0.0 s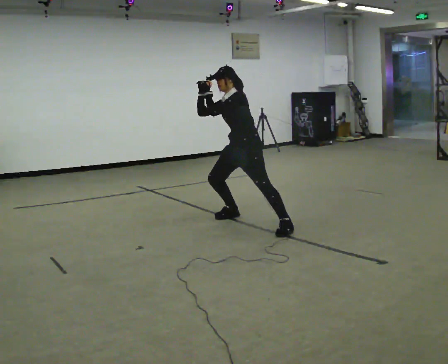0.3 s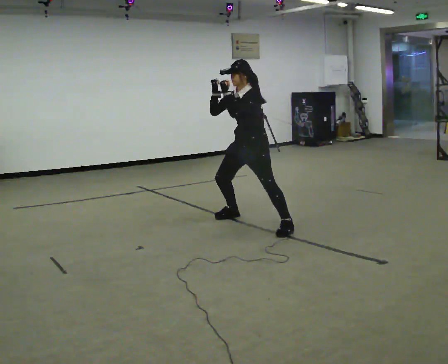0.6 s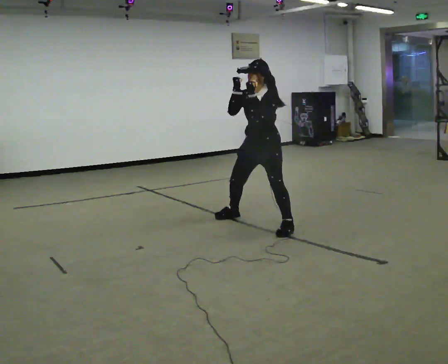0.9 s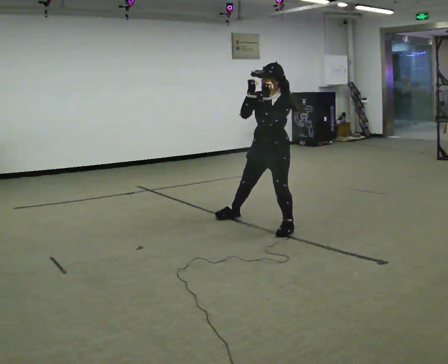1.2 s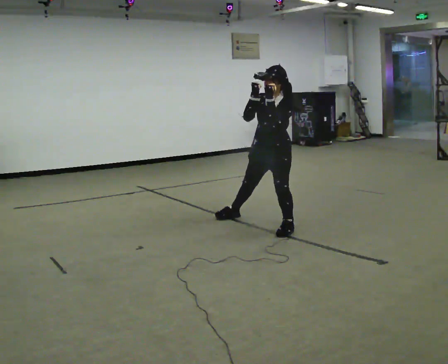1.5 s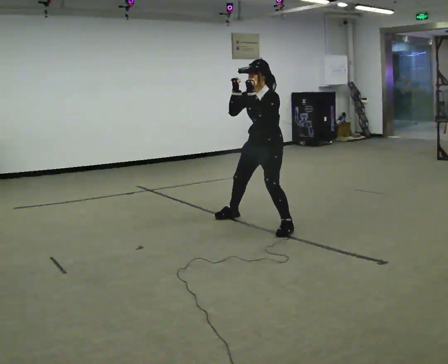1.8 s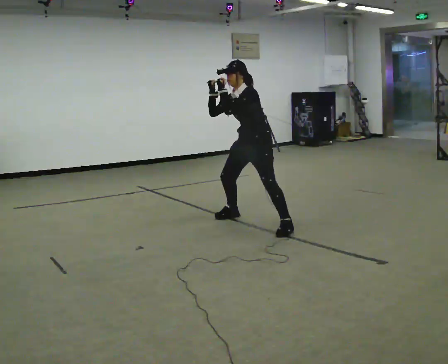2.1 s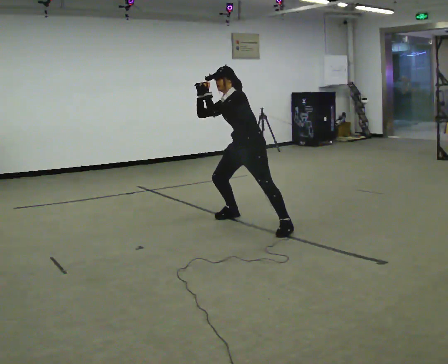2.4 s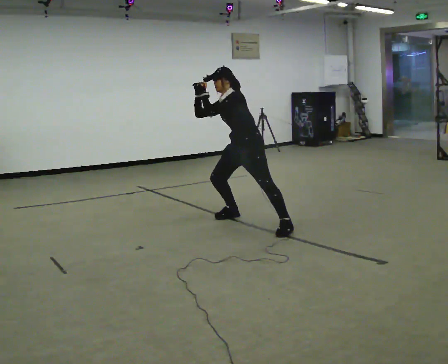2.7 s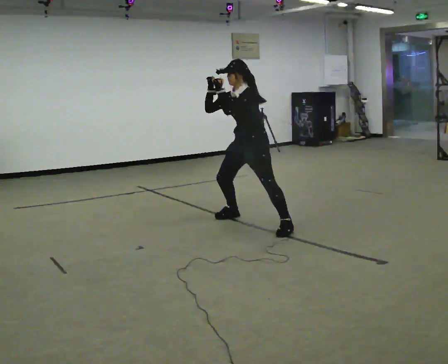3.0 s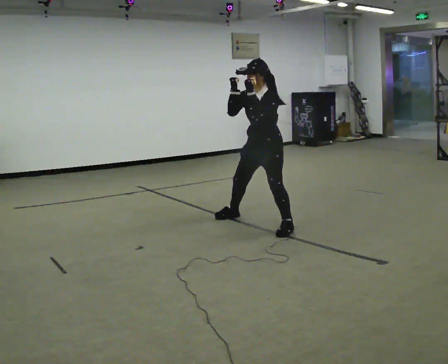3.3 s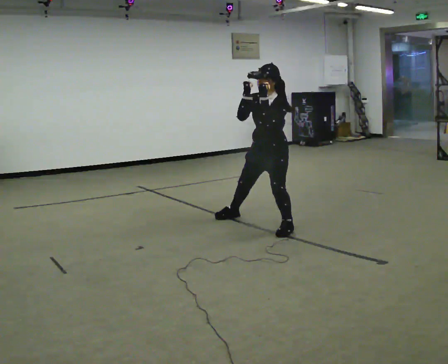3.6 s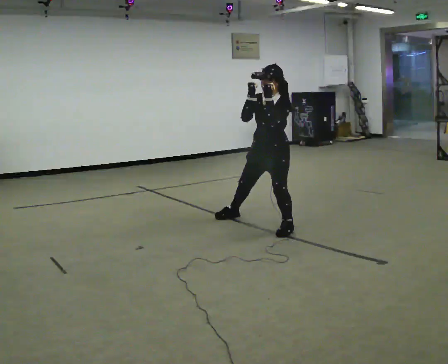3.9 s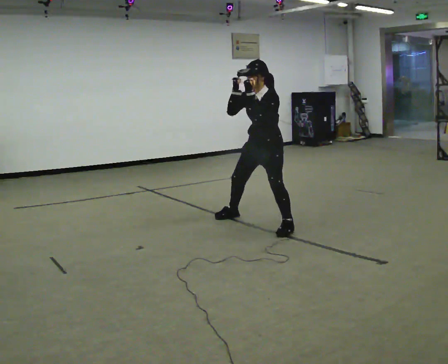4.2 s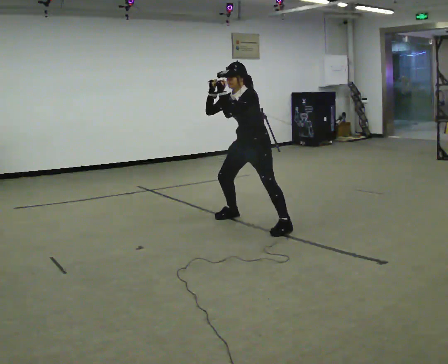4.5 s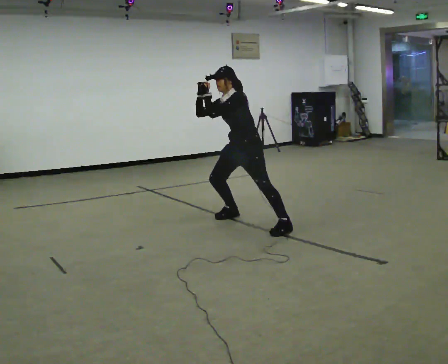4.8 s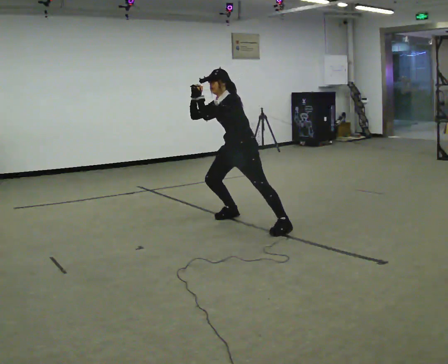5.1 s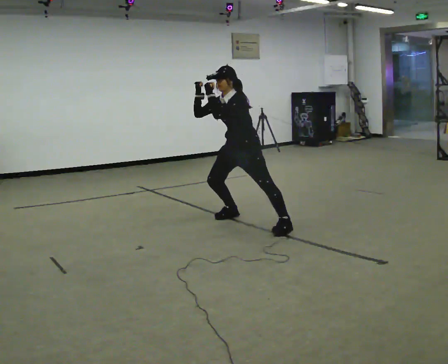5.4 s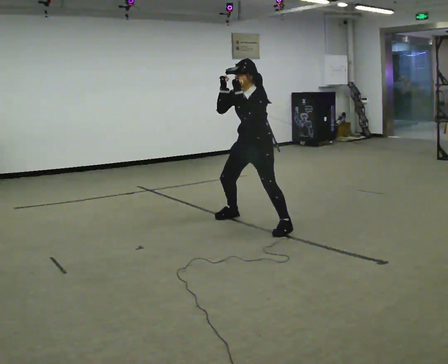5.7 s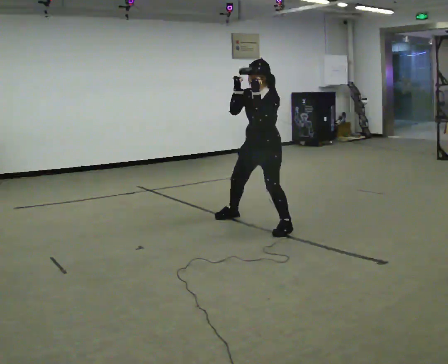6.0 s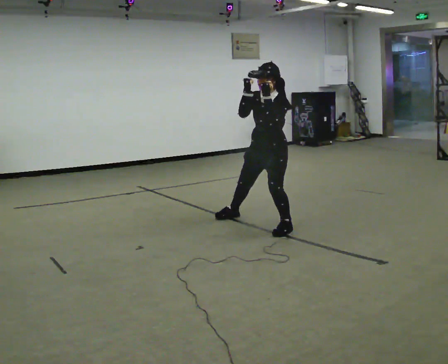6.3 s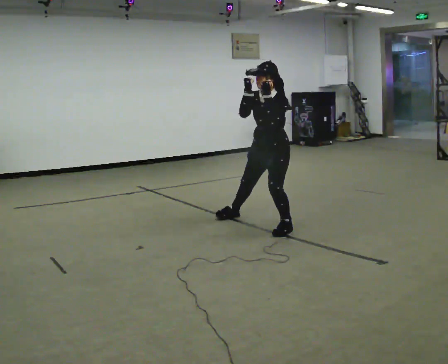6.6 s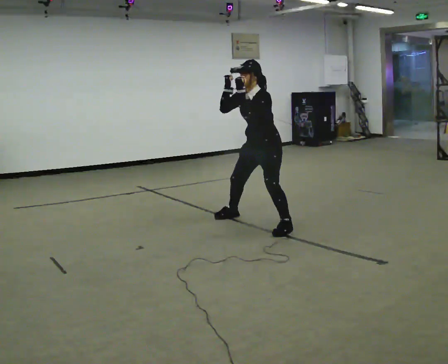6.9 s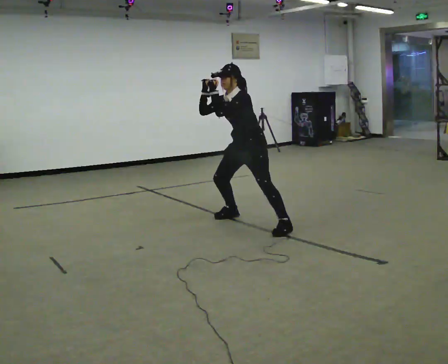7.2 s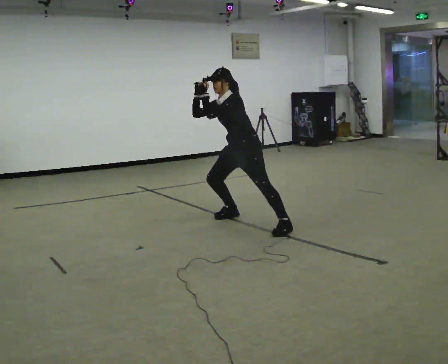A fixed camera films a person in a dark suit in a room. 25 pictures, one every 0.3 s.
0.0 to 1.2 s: In the picture they go to the right and toward the camera, about 0.25 m, which for them is to their left. The upper body tips toward the camera, its near side rolling downward.
1.2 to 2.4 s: In the picture they go to the left and away from the camera, about 0.25 m, which for them is to their right. The upper body tips away from the camera, its near side rolling upward.
2.4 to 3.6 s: In the picture they go toward the camera and to the right, about 0.25 m, which for them is to their left. The upper body tips toward the camera, its near side rolling downward.
3.6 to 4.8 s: In the picture they go to the left and away from the camera, about 0.5 m, which for them is to their right. In the picture the upper body tilts counterclockwise, shoulders to the left.
4.8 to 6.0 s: In the picture they go toward the camera and to the right, about 0.25 m, which for them is to their left. In the picture the upper body tilts clockwise, shoulders to the right.
6.0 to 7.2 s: In the picture they go away from the camera and to the left, about 0.25 m, which for them is to their right. In the picture the upper body tilts counterclockwise, shoulders to the left.
The film runs backward here.
